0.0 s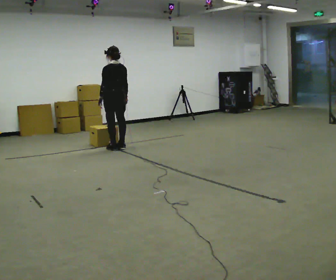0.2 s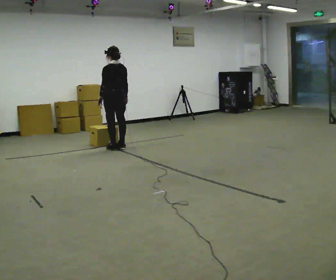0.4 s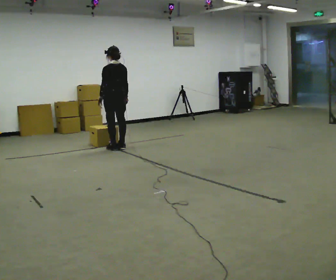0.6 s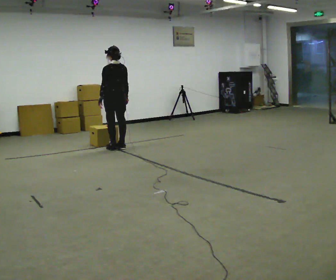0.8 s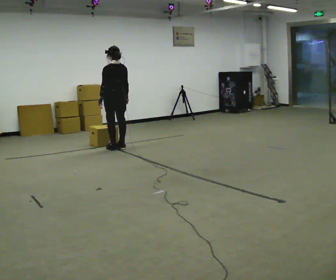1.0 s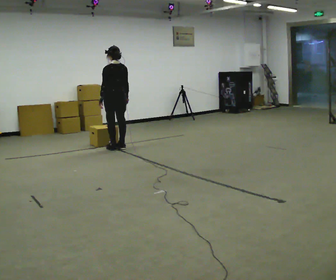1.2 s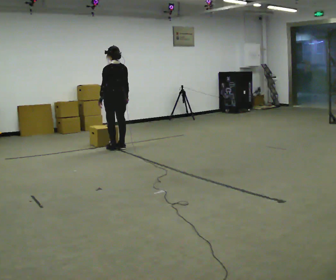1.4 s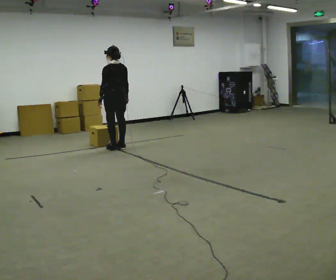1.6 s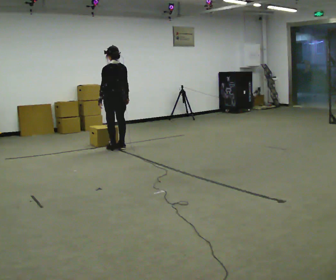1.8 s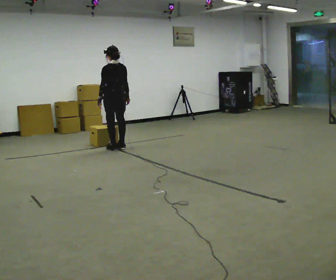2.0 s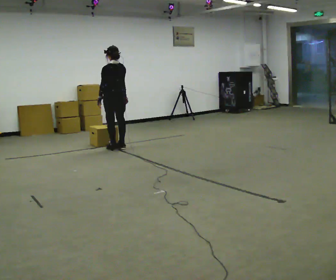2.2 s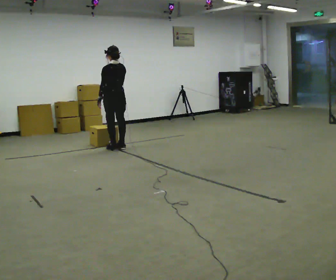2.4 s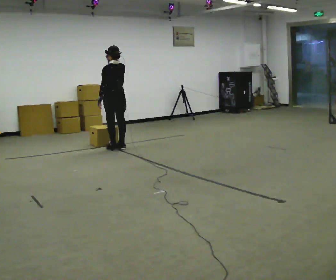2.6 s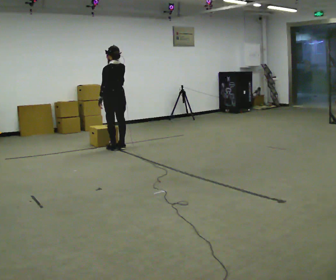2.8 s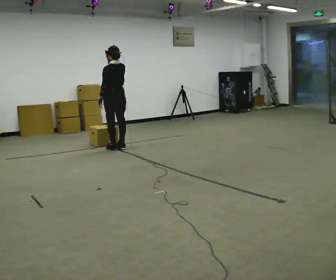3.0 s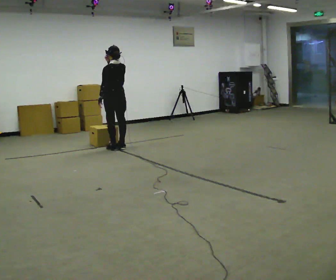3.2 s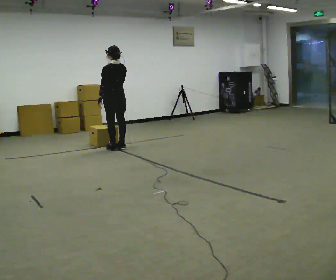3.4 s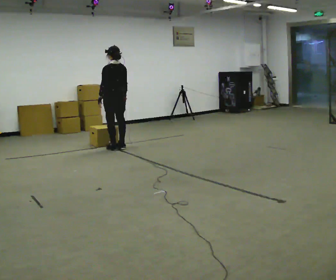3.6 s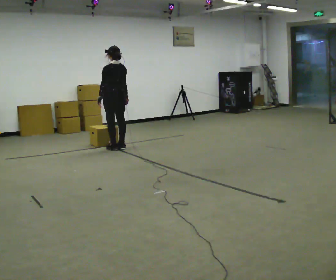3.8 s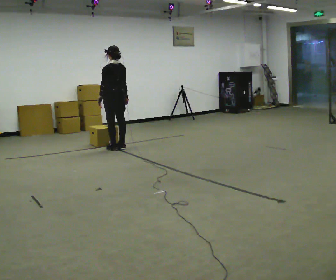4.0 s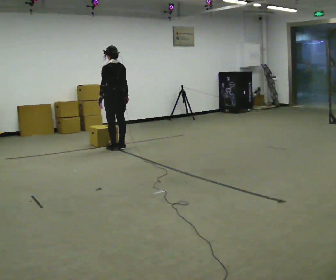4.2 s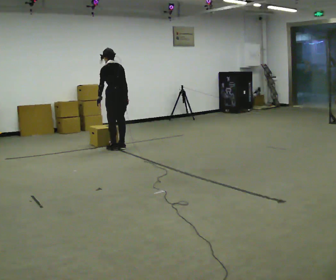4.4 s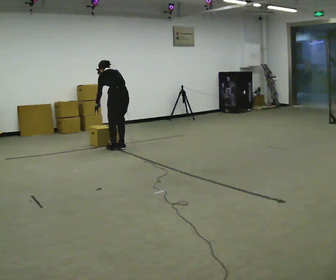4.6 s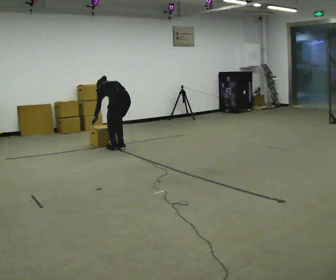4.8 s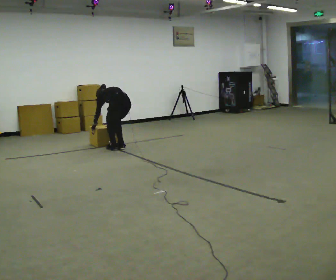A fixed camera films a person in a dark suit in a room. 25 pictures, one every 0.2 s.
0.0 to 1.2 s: The person moves a little, or ends about where they began.
1.2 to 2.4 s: In the picture their right hand goes upward.
2.4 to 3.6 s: In the picture their right hand goes downward.
3.6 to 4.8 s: The upper body goes downward. The upper body tips away from the camera, its near side rolling upward, as they bend forward. In the picture their right hand goes downward.
The film runs backward here.
